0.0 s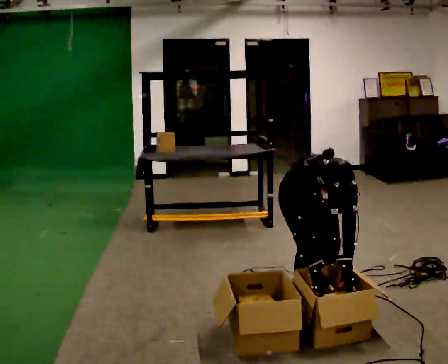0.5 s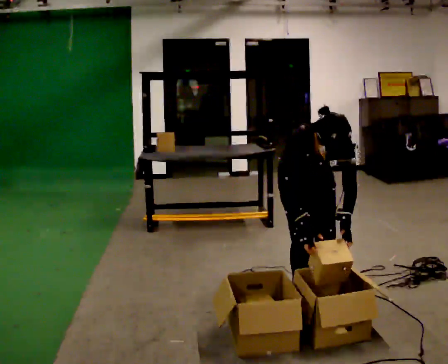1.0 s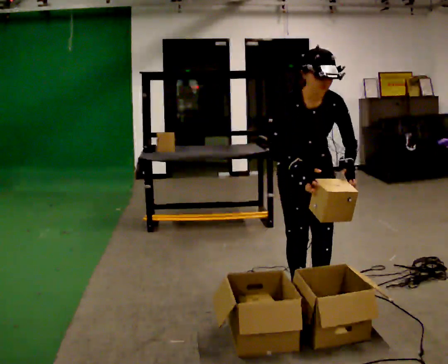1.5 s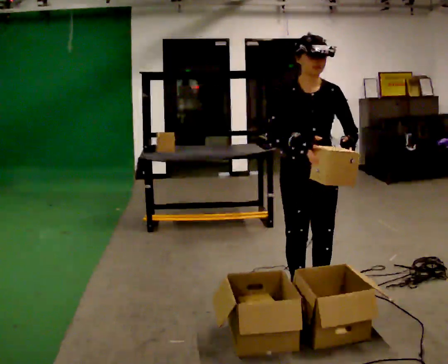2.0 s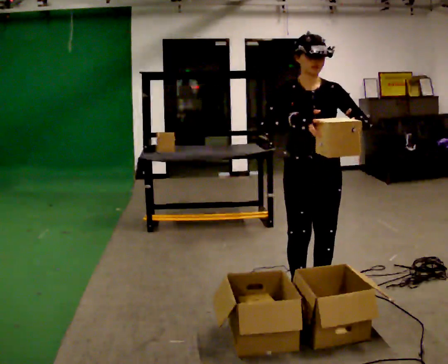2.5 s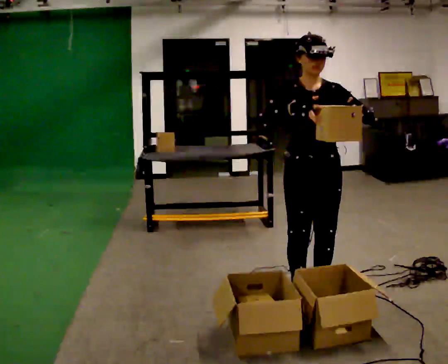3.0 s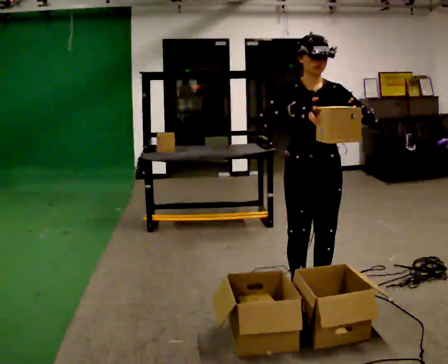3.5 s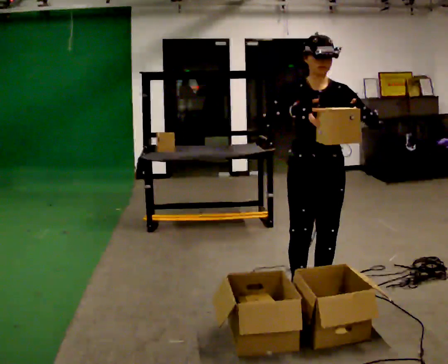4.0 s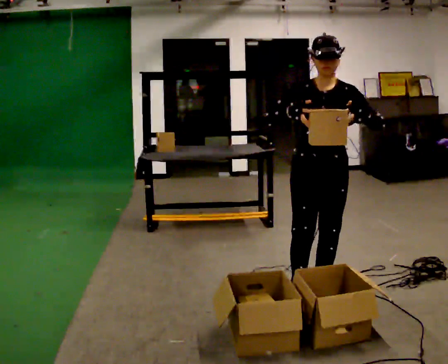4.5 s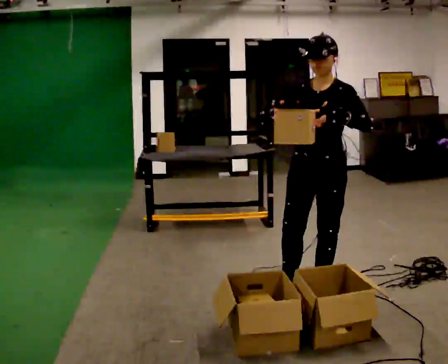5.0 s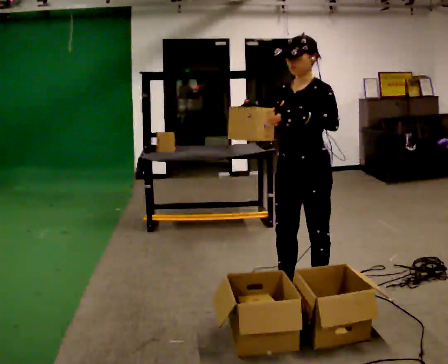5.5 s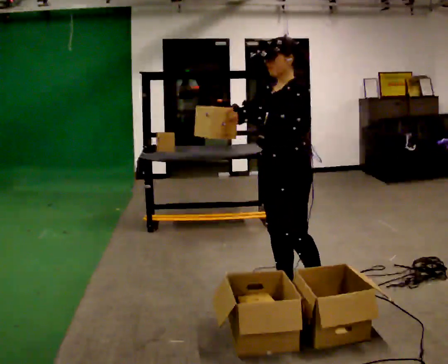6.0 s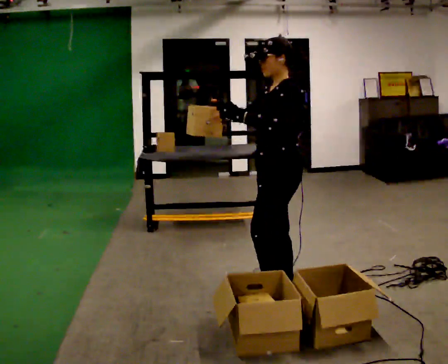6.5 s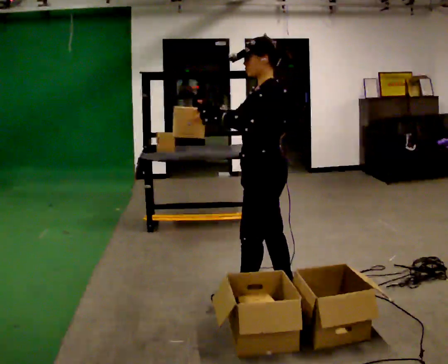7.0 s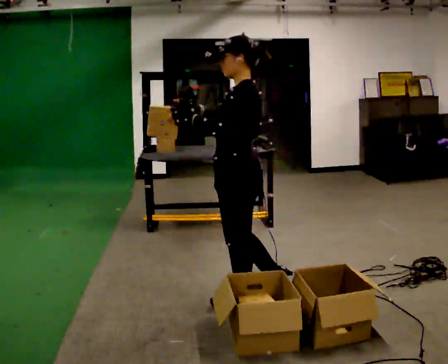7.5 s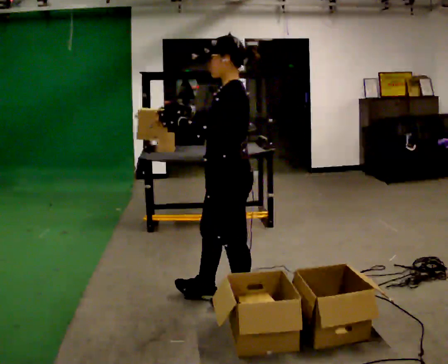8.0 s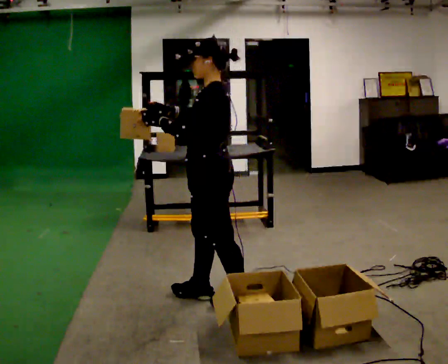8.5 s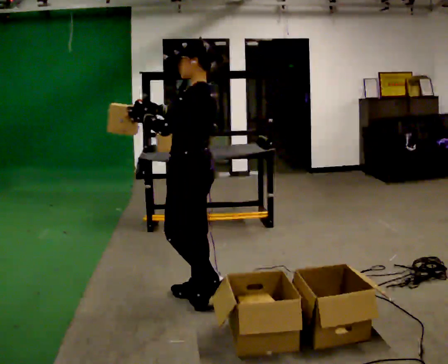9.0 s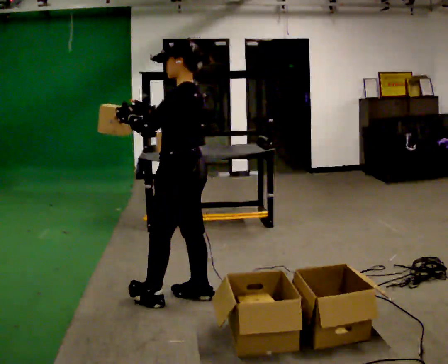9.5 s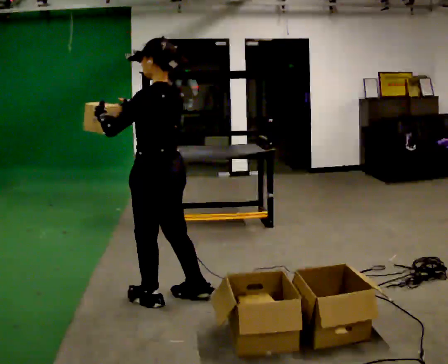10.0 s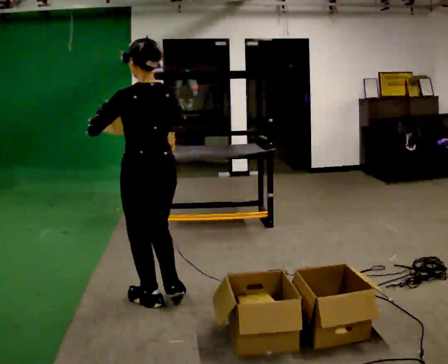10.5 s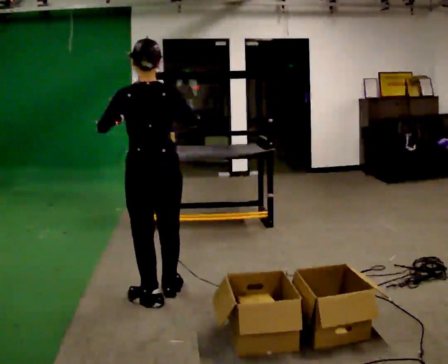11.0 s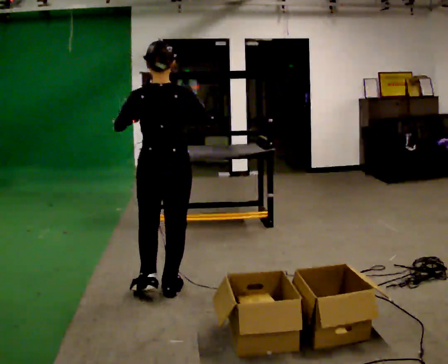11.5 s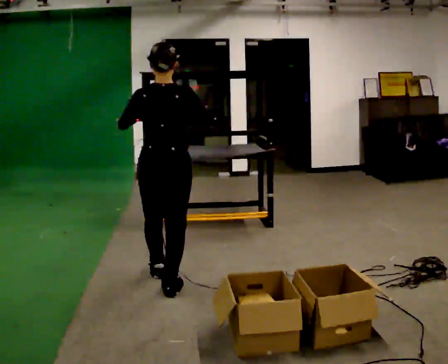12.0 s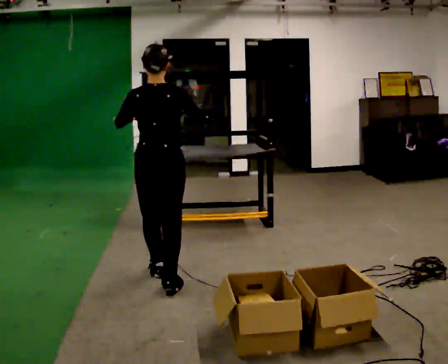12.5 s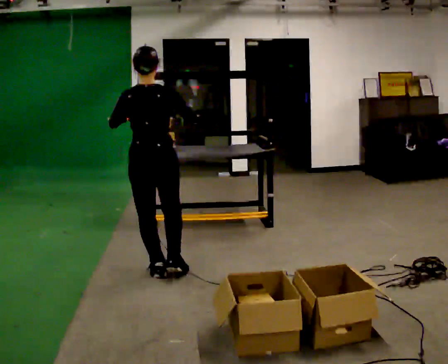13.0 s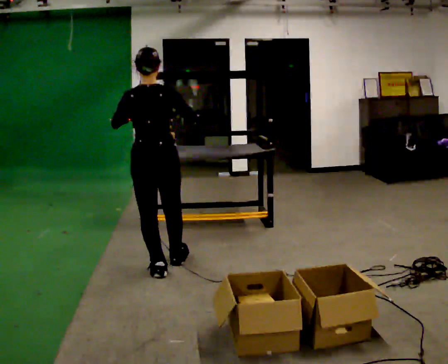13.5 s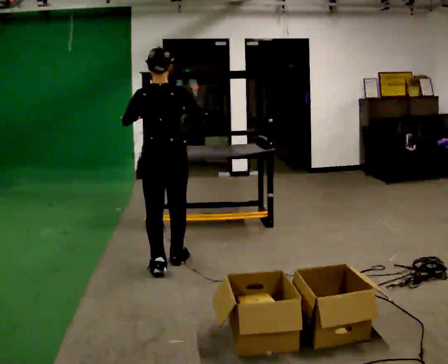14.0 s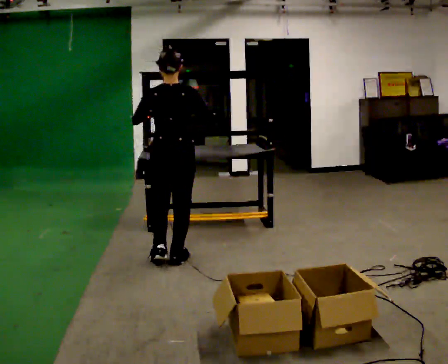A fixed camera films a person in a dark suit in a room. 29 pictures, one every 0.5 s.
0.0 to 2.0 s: In the picture they go toward the camera, about 0.25 m, which for them is forward. The shoulders move upward. The upper body tips away from the camera, its near side rolling upward, as they lean back or straighten. In the picture their left hand goes upward.
2.0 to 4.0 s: The person moves a little, or ends about where they began.
4.0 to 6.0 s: The part of the body nearest the lens slides to the left as the person turns to their right by about 75 degrees. In the picture they go to the left, about 0.25 m. In the picture their right hand goes to the left.
6.0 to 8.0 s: In the picture they go to the left, about 0.5 m in 2 steps, which for them is forward.
8.0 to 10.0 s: Seen from above the body turns clockwise, about 60 degrees: to their right, with its near side sliding to the left. In the picture they go to the left, about 0.25 m in 1 step, which for them is forward and to their left.
10.0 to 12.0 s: The person turns about 30 degrees to their right, clockwise seen from above, so the part of the body nearest the lens slides to the left. In the picture they go away from the camera, about 0.5 m in 2 steps, which for them is forward.
12.0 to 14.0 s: In the picture they go away from the camera, about 0.5 m in 1 step, which for them is forward.
The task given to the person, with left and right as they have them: 1. Look at the shelf and see which spaces are empty. 2. Find matching items in the bins on the floor. 3. Fill the empty spaces on the shelf. 4. Tell the operator when you are finished.
The film runs forward here.
